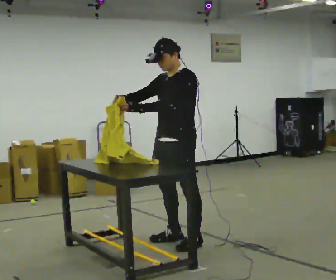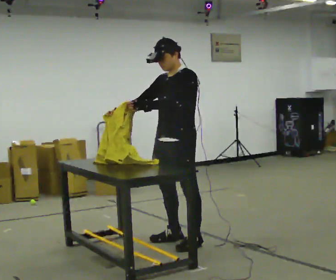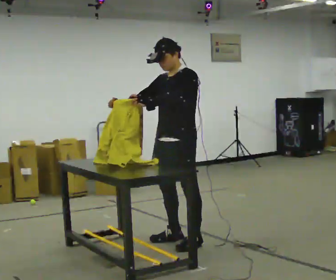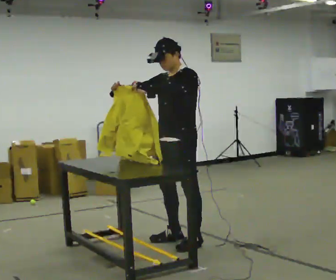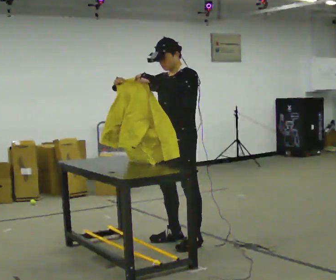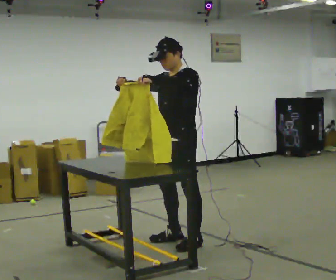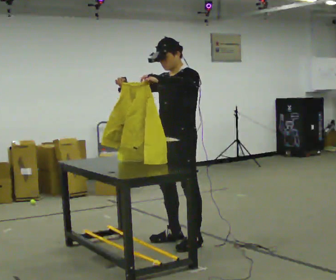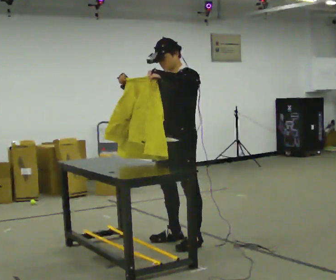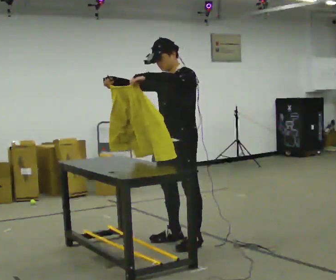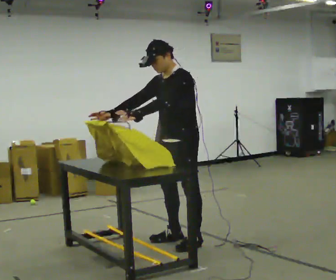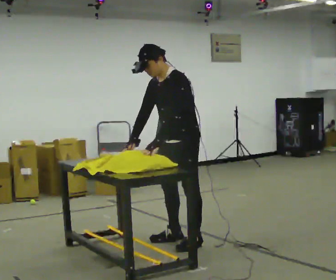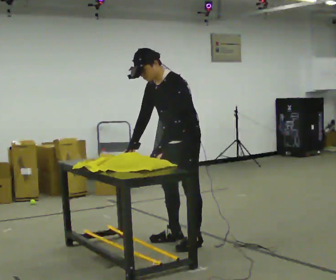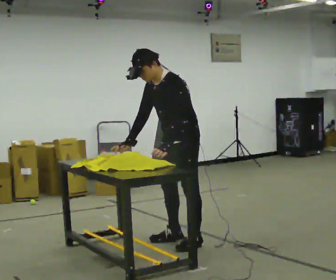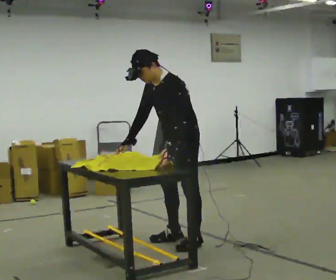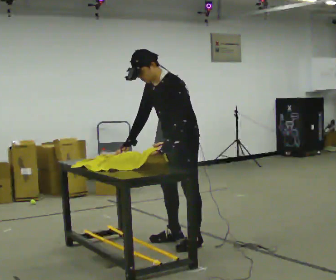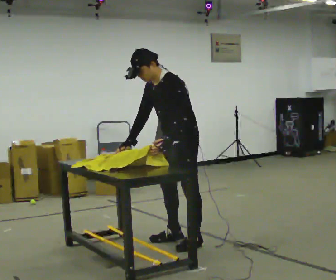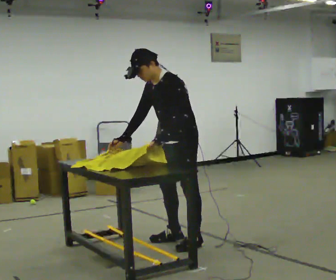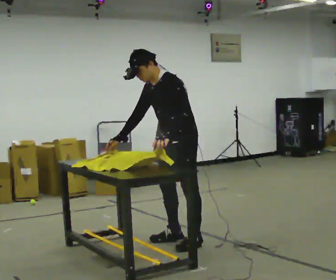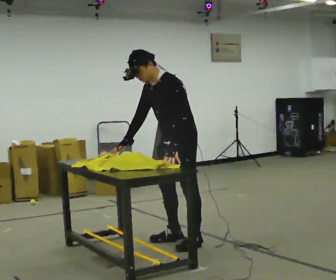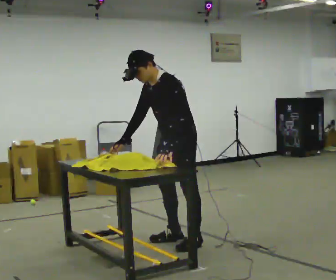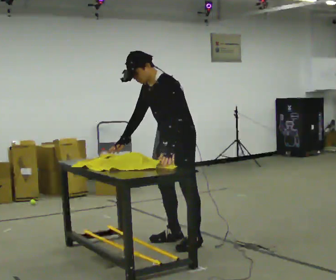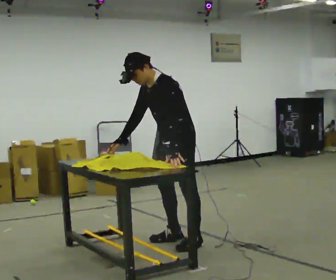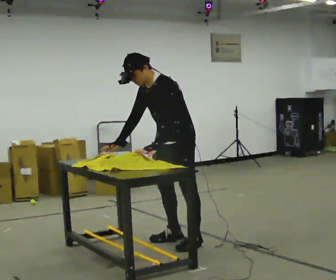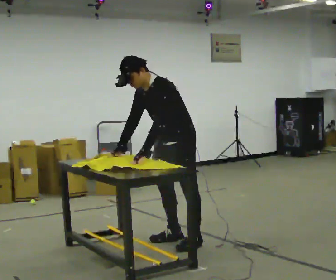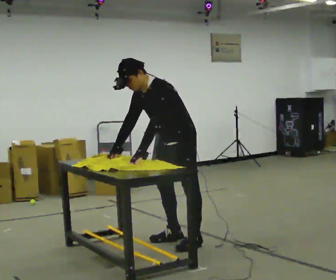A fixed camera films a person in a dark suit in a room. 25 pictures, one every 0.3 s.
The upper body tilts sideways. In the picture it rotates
counterclockwise.
0.0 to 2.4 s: The person moves a little, or ends about where they began.
2.4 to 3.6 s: In the picture the upper body tilts counterclockwise, shoulders to the left, as they bend forward. In the picture their right hand goes downward, the arm swinging counterclockwise.
3.6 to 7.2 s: The person moves a little, or ends about where they began.
The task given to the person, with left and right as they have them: Fold the cloth in half, then in half again, then unfold it. Repeat at your own pace until the operator says stop. Keep both feet on the marked spots for the whole take. If you have to step, stop and tell the operator.
The film runs forward here.
